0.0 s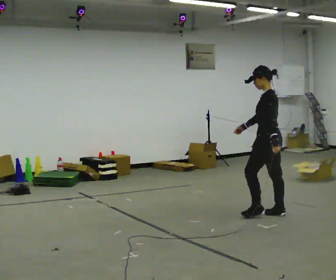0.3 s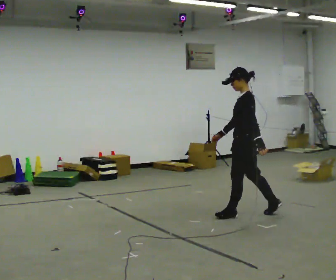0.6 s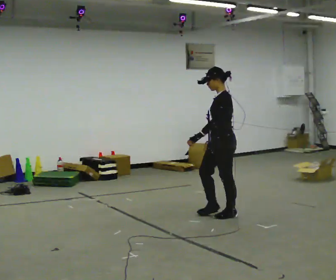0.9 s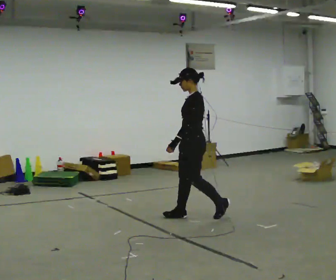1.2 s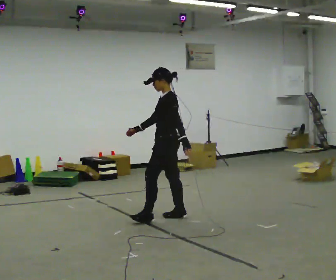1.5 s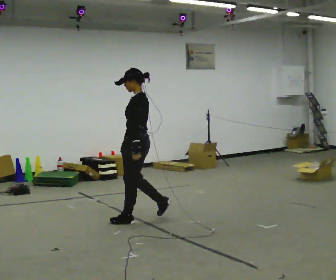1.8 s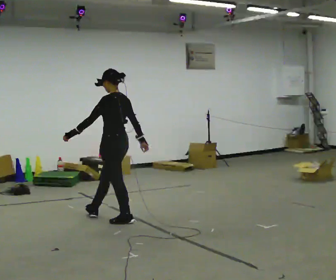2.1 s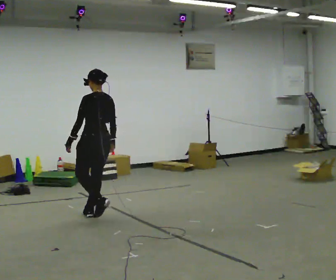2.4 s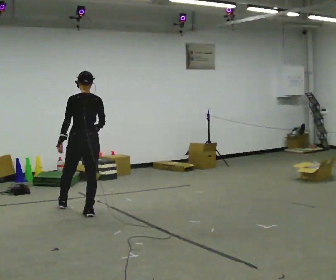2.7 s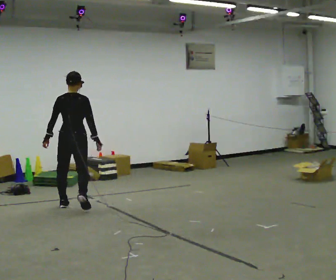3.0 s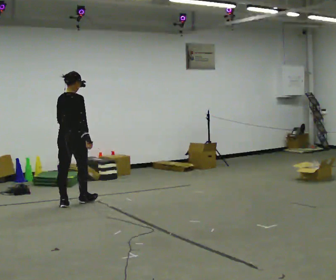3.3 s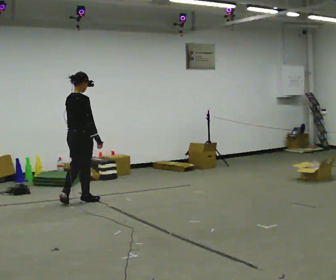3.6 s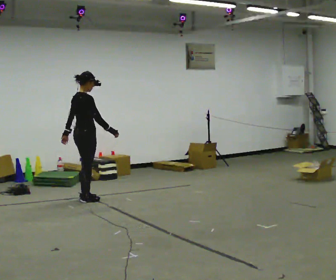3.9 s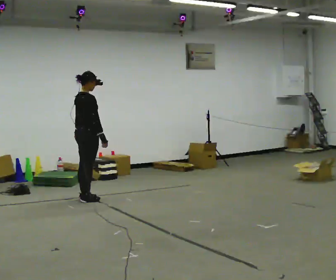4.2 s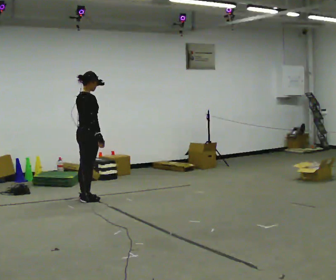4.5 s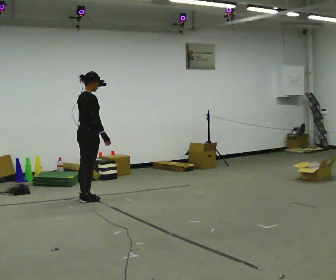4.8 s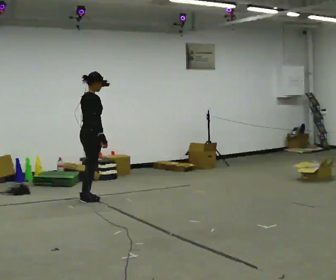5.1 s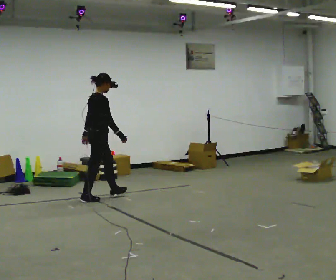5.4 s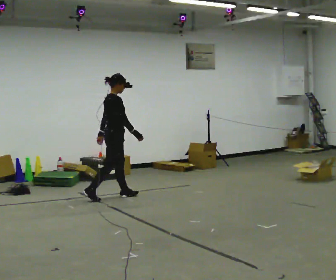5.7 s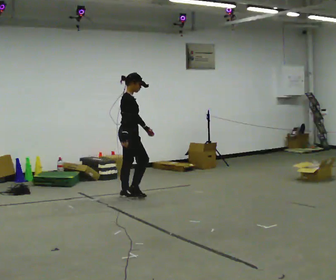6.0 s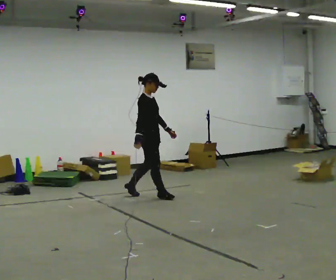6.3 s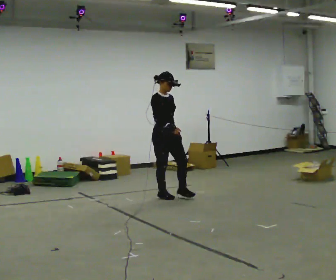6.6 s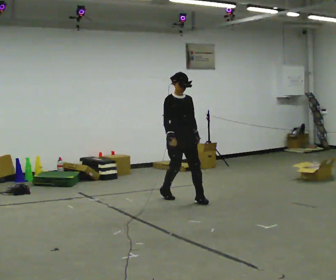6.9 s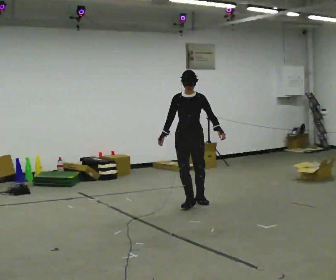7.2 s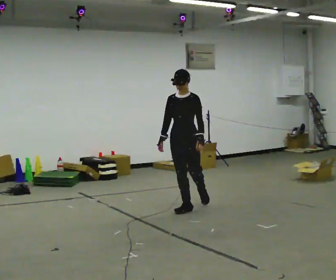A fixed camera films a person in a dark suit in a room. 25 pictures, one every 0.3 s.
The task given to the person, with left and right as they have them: Walk forward; gradually curve left/right; straighten out.
0.0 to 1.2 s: In the picture they go to the left, about 1 m in 2 steps, which for them is forward.
1.2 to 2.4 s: The person turns about 75 degrees to their right, clockwise seen from above, so the part of the body nearest the lens slides to the left. In the picture they go to the left and away from the camera, about 1 m in 2 steps.
2.4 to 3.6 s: The person turns about 75 degrees to their right, clockwise seen from above, so the part of the body nearest the lens slides to the left. In the picture they go away from the camera, about 0.5 m in 3 steps.
3.6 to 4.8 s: The person moves a little, or ends about where they began.
4.8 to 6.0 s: The part of the body nearest the lens slides to the left as the person turns to their right by about 45 degrees. In the picture they go to the right, about 0.5 m in 2 steps, which for them is forward.
6.0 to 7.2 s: The part of the body nearest the lens slides to the left as the person turns to their right by about 105 degrees. In the picture they go toward the camera and to the right, about 1 m in 2 steps.
The film runs forward here.
